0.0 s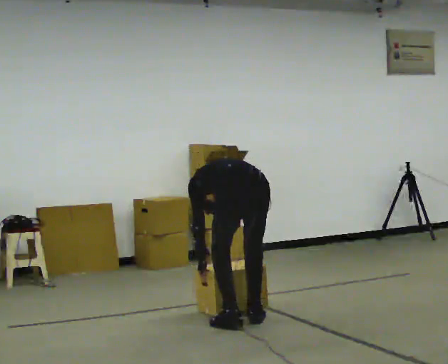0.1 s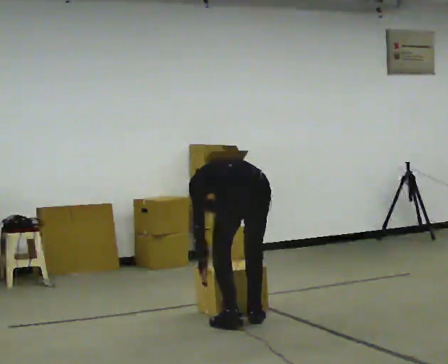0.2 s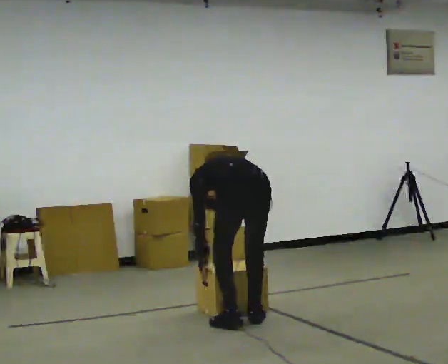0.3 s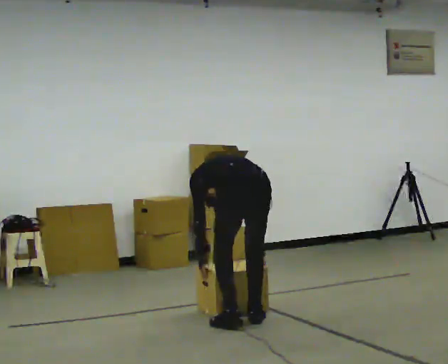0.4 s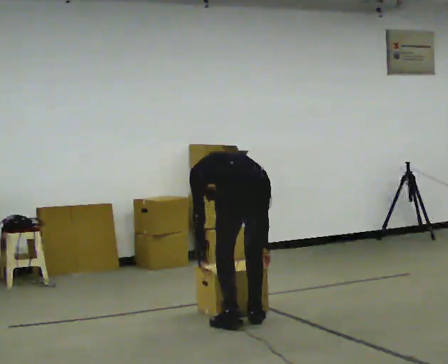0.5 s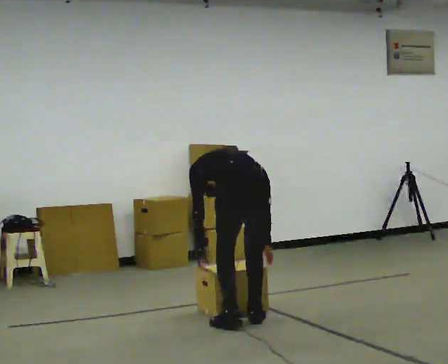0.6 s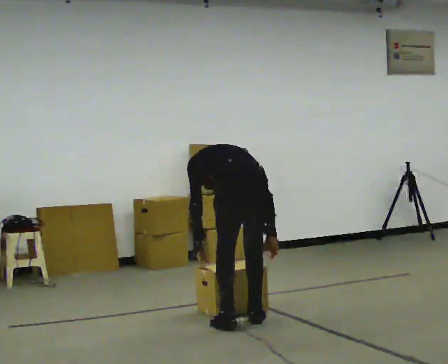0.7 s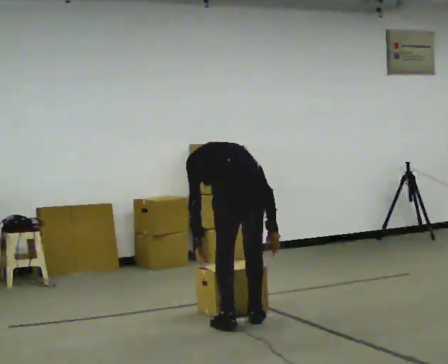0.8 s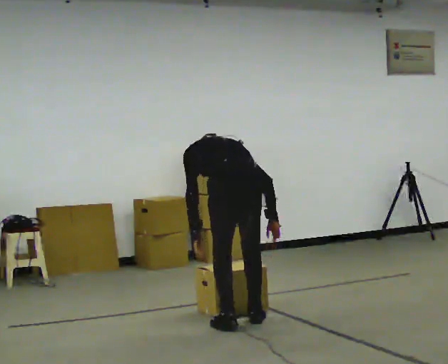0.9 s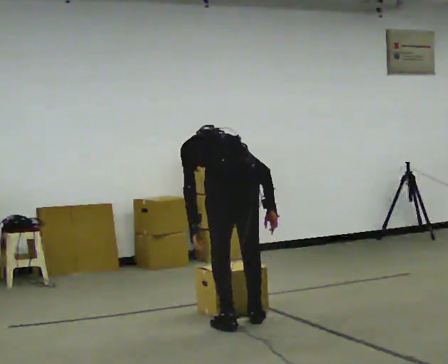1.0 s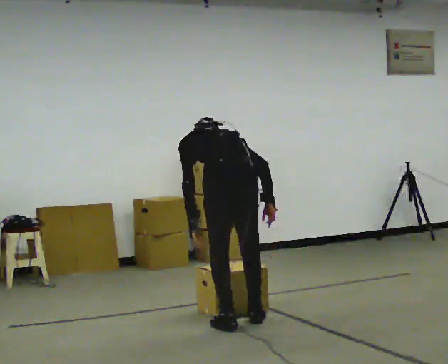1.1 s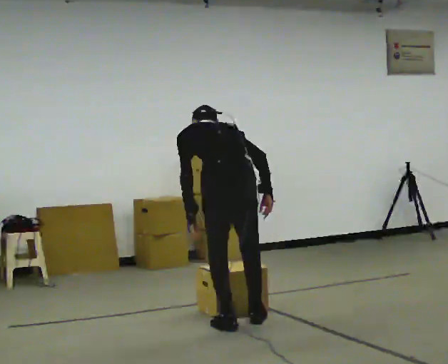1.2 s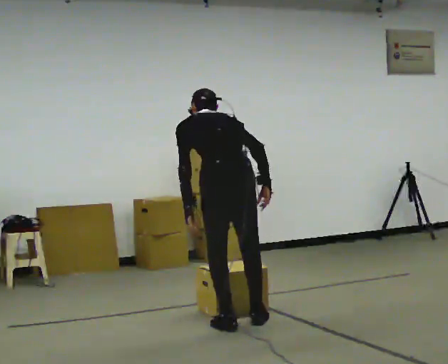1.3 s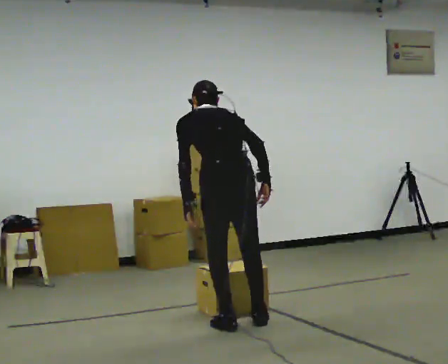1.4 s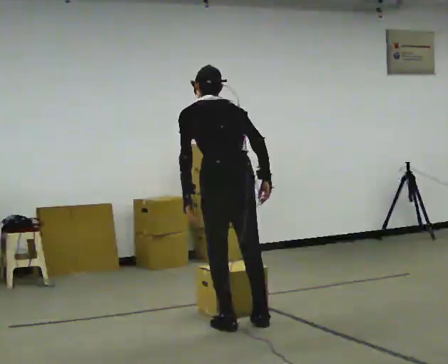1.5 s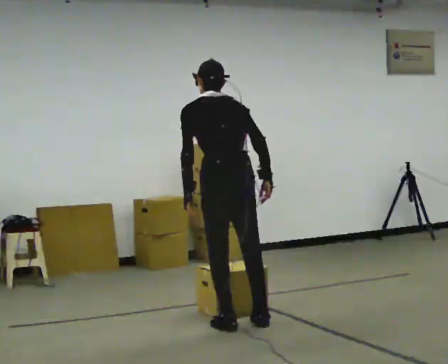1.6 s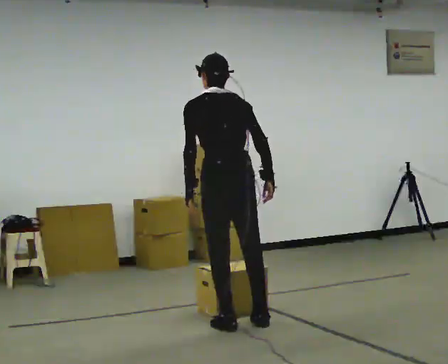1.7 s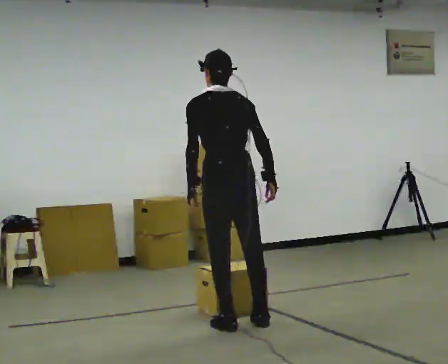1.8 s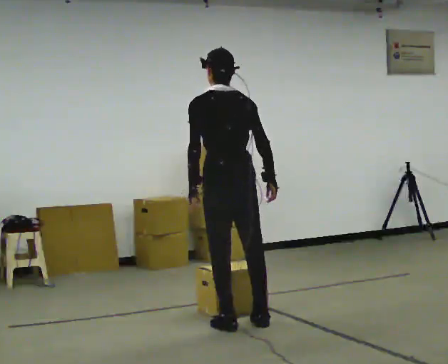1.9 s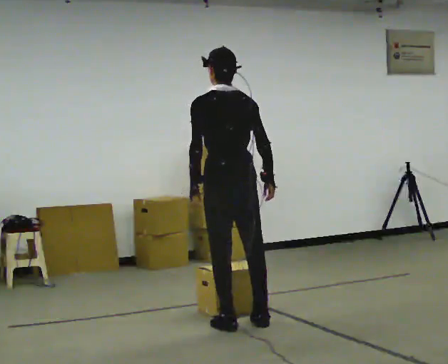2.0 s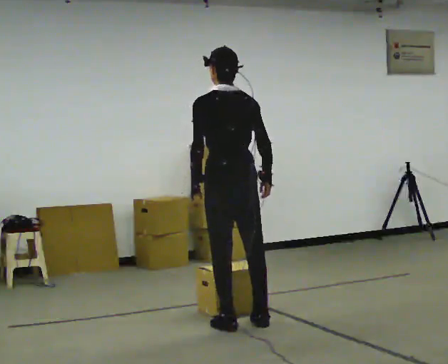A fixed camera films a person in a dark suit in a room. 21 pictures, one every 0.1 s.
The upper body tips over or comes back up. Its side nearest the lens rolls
downward.
The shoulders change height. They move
upward.
0.0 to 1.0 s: The shoulders move upward. The upper body tips toward the camera, its near side rolling downward, as they lean back or straighten. In the picture their right hand goes upward.
1.0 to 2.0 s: The upper body goes upward. The upper body tips toward the camera, its near side rolling downward, as they lean back or straighten.
The film runs forward here.
